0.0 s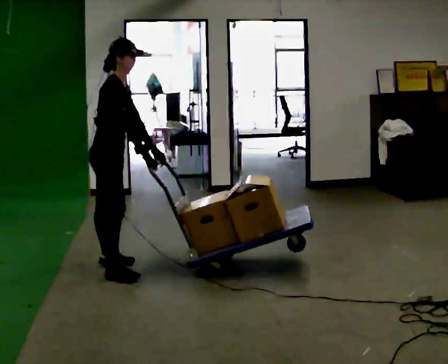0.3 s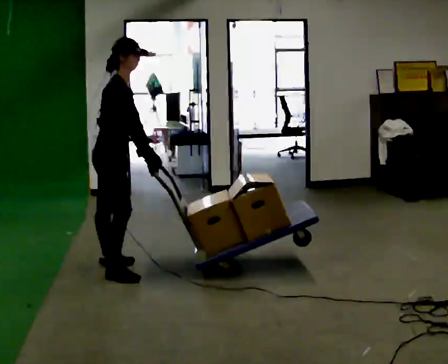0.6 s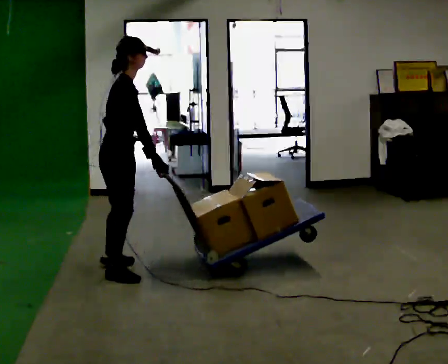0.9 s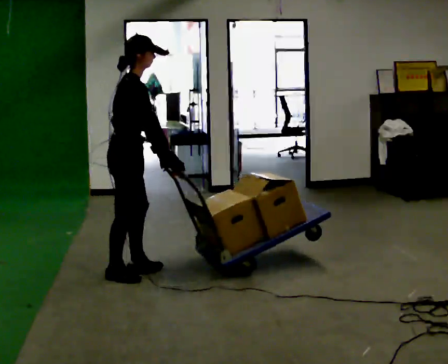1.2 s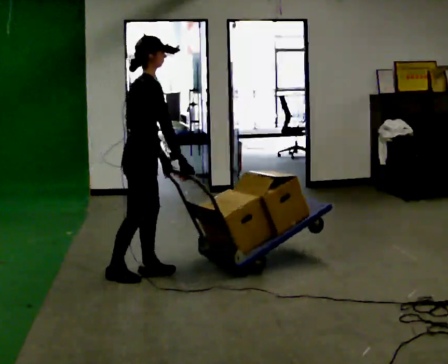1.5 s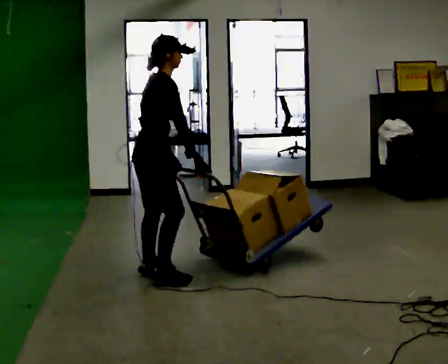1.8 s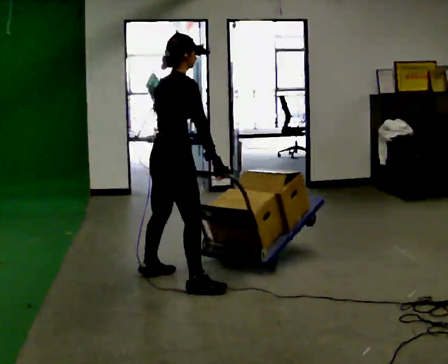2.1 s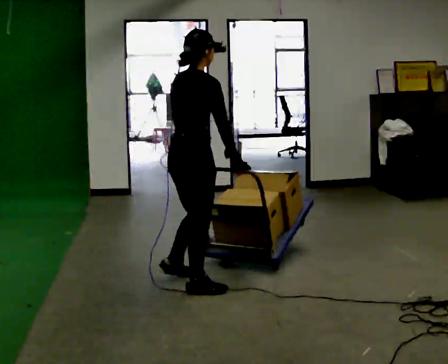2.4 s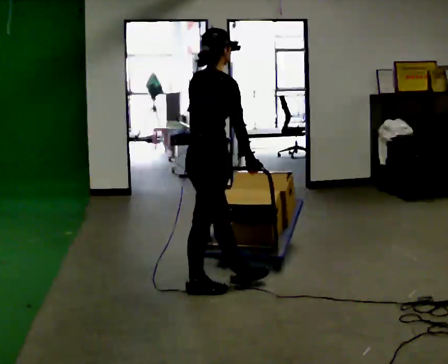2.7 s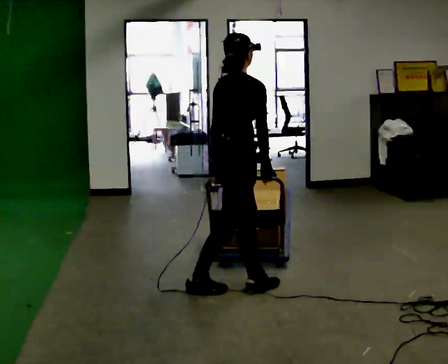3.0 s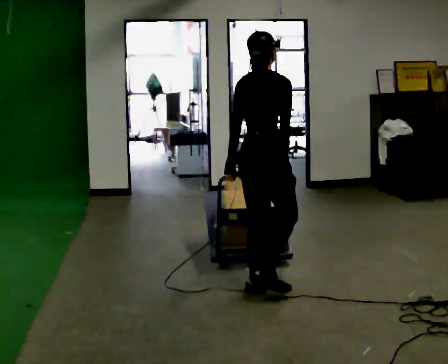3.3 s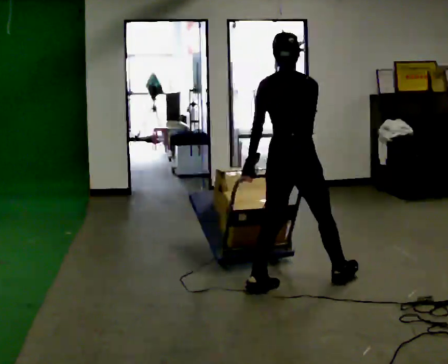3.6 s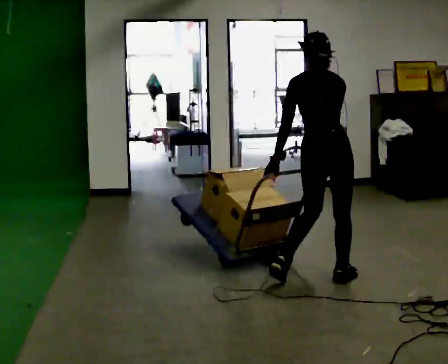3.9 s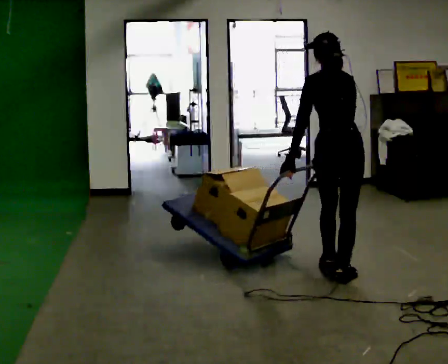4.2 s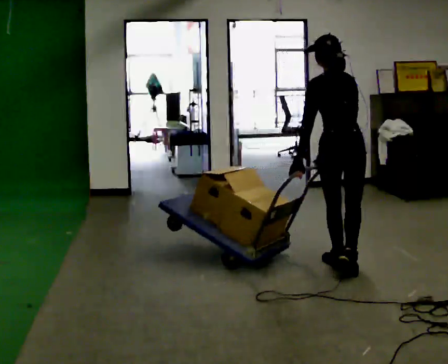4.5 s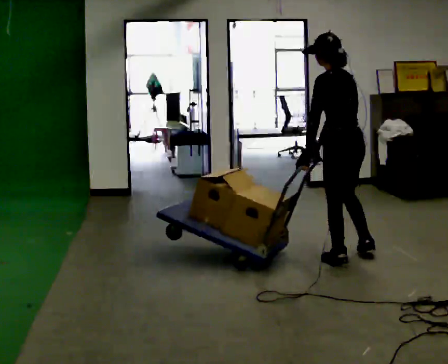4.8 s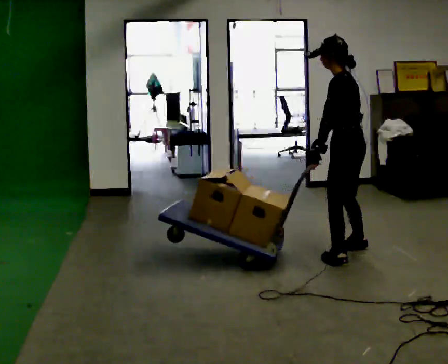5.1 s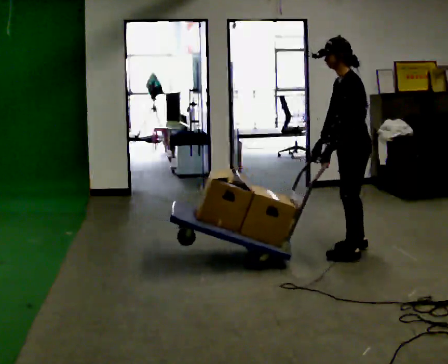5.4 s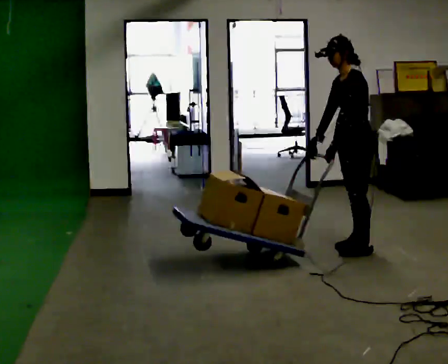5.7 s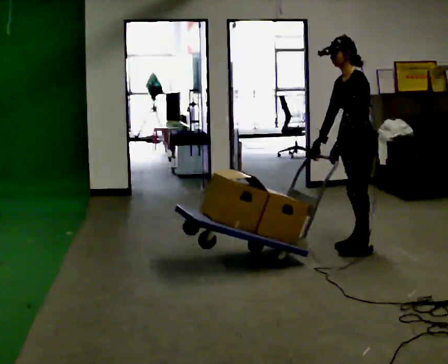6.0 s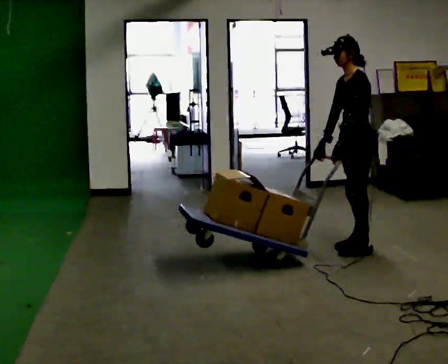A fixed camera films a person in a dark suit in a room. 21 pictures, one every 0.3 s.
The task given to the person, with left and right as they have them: Turn the cart round to face the other way without moving it out of the marked square, then turn it back. Repeat until the operator says stop.
0.0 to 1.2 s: In the picture they go to the right and toward the camera, about 0.25 m in 1 step, which for them is forward and to their right.
1.2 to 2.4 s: In the picture they go to the right and toward the camera, about 0.5 m in 1 step, which for them is to their right and forward.
2.4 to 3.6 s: The part of the body nearest the lens slides to the right as the person turns to their left by about 60 degrees. In the picture they go to the right, about 0.5 m in 2 steps.
3.6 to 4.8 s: The part of the body nearest the lens slides to the right as the person turns to their left by about 75 degrees. In the picture they go away from the camera and to the right, about 0.75 m in 2 steps. The upper body tips toward the camera, its near side rolling downward.
4.8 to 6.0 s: The part of the body nearest the lens slides to the right as the person turns to their left by about 30 degrees. In the picture they go away from the camera, about 0.25 m in 1 step, which for them is to their right and backward.
The film runs forward here.
